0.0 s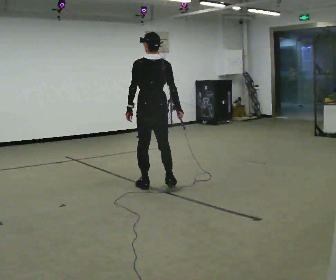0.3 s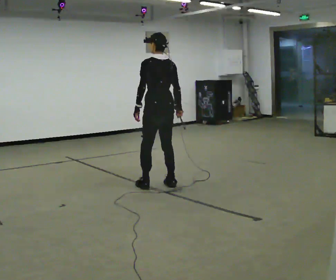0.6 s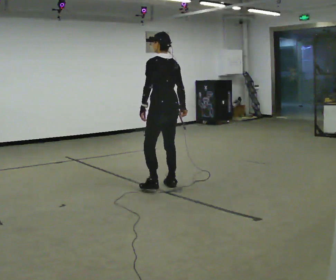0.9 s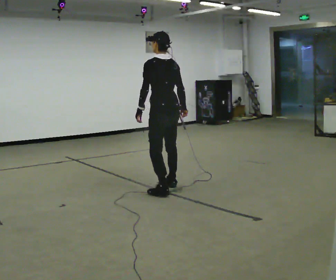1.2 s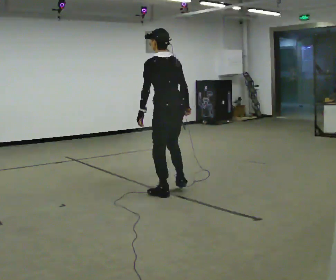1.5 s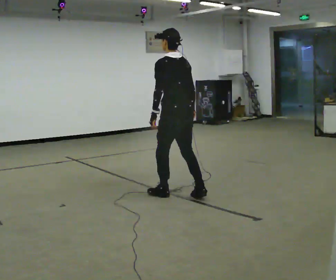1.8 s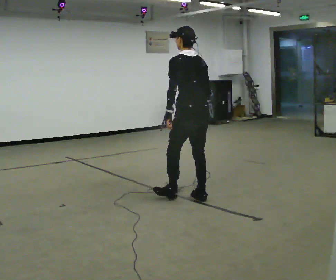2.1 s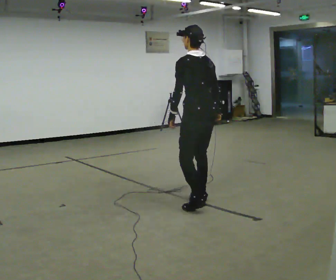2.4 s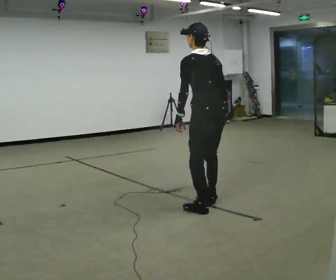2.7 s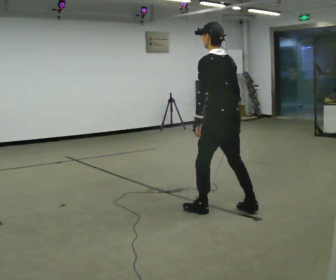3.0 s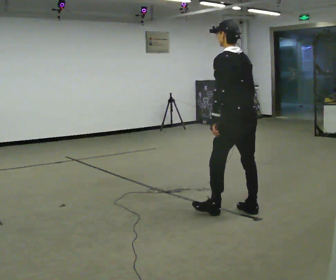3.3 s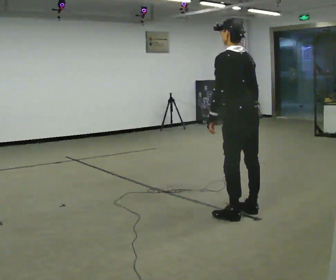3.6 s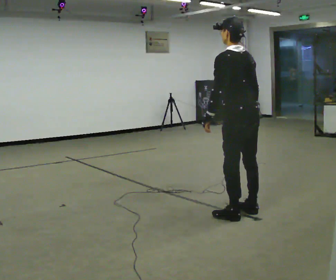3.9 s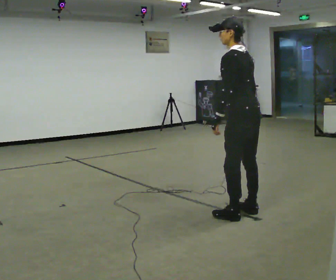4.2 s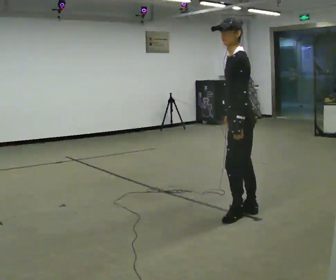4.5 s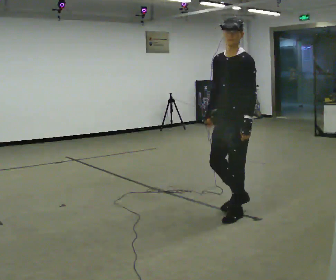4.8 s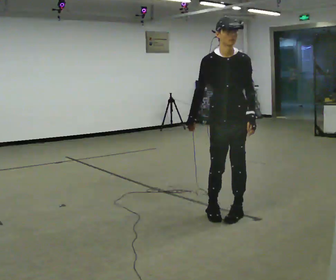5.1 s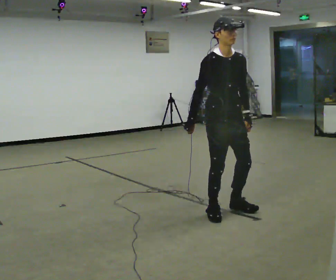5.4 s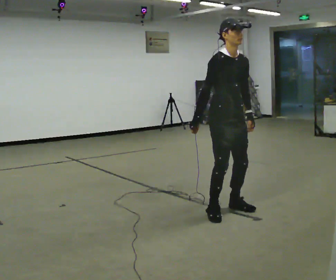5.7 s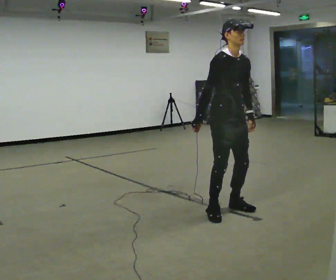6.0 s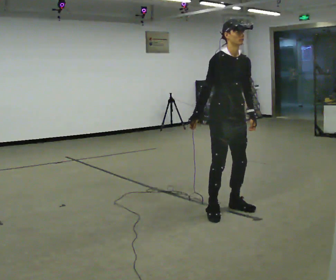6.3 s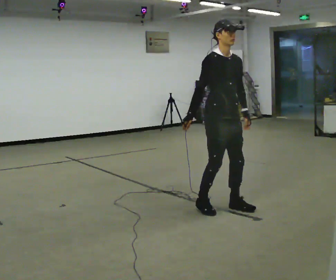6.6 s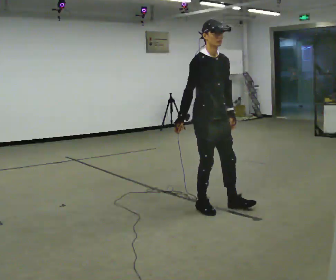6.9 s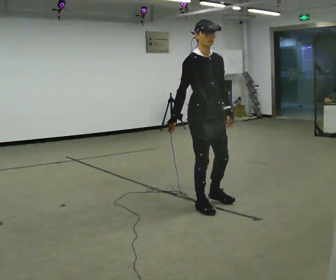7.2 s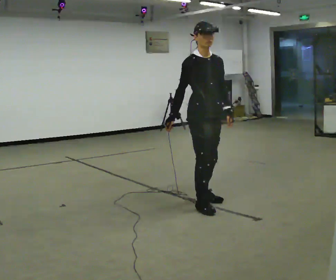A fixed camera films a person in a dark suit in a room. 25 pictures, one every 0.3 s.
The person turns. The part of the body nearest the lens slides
to the right.
The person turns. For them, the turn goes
to their left.
0.0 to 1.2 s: In the picture they go toward the camera and to the right, about 0.5 m in 2 steps, which for them is backward.
1.2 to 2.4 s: In the picture they go toward the camera and to the right, about 0.75 m in 2 steps, which for them is backward.
2.4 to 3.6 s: In the picture they go to the right and toward the camera, about 0.25 m in 2 steps, which for them is backward.
3.6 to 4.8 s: The part of the body nearest the lens slides to the right as the person turns to their left by about 150 degrees. In the picture they go to the left, about 0.25 m in 1 step. The upper body tips toward the camera, its near side rolling downward. In the picture their right hand goes to the left, the arm swinging clockwise.
4.8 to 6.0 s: The part of the body nearest the lens slides to the right as the person turns to their left by about 30 degrees.
6.0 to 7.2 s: In the picture they go to the left, about 0.25 m in 2 steps, which for them is backward.
The film runs forward here.
